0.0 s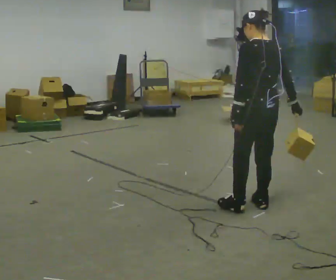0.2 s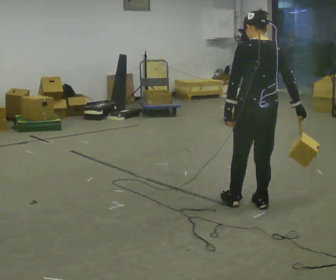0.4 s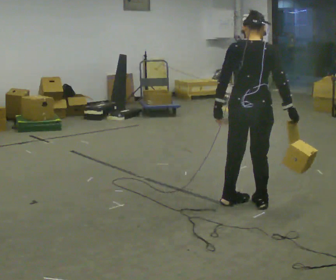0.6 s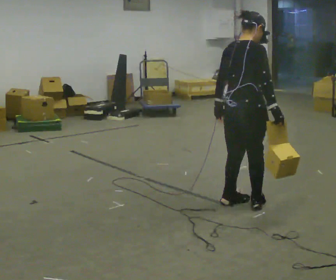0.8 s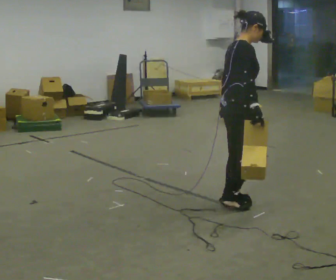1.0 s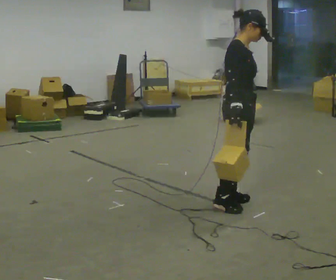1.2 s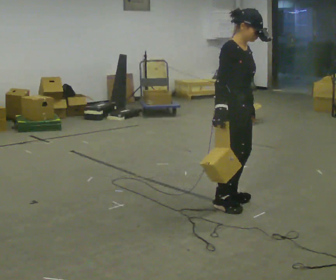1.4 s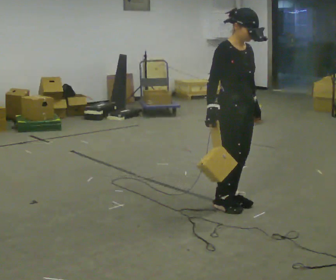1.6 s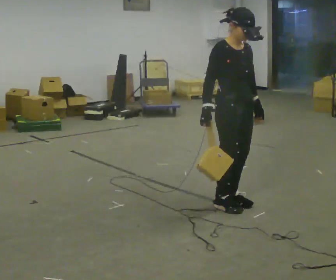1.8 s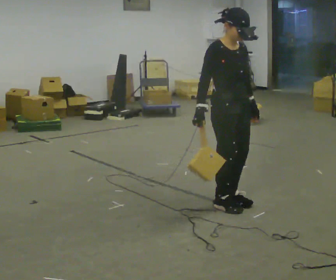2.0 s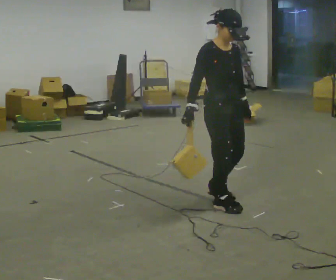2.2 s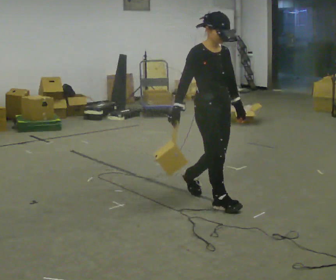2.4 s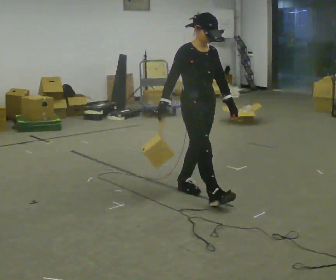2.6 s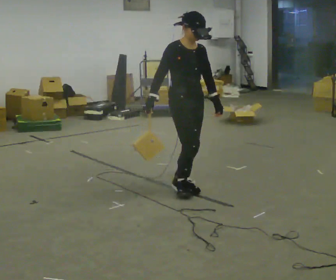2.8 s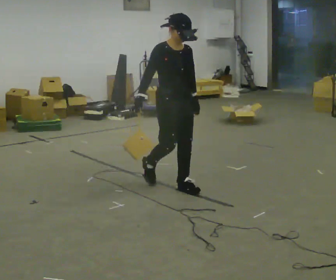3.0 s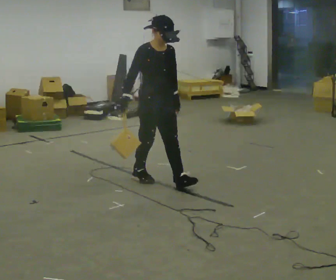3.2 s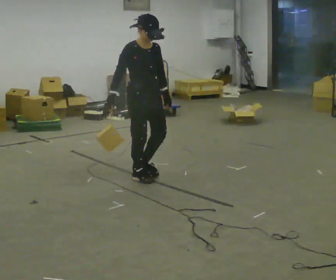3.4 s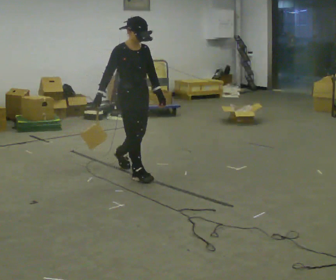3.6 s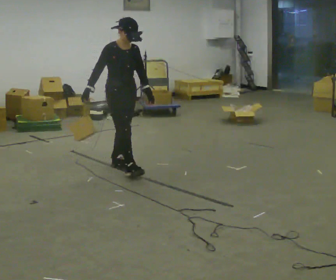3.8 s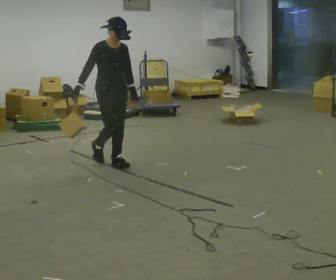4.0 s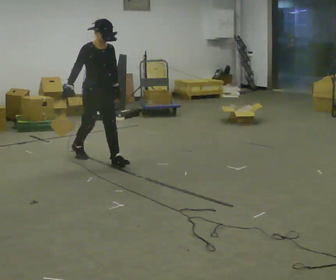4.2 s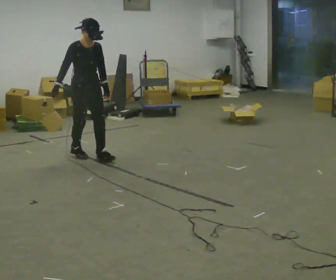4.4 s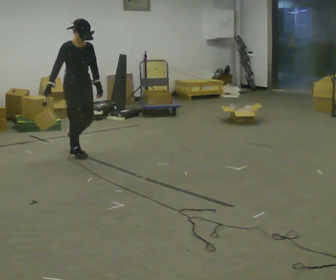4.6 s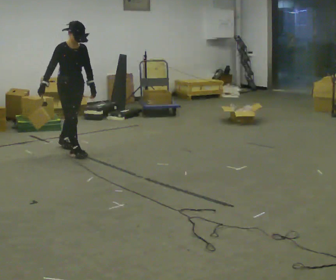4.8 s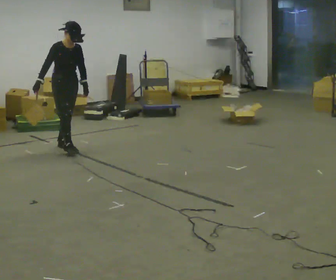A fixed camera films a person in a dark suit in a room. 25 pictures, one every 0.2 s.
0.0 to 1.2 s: The part of the body nearest the lens slides to the left as the person turns to their right by about 135 degrees. In the picture they go to the left, about 0.25 m in 1 step. In the picture their right hand goes to the left, the arm swinging clockwise.
1.2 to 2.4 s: In the picture they go away from the camera and to the left, about 0.25 m in 2 steps, which for them is backward.
2.4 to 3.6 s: In the picture they go away from the camera and to the left, about 1 m in 2 steps, which for them is backward.
3.6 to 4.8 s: In the picture they go away from the camera and to the left, about 1 m in 2 steps, which for them is backward.
The film runs backward here.
